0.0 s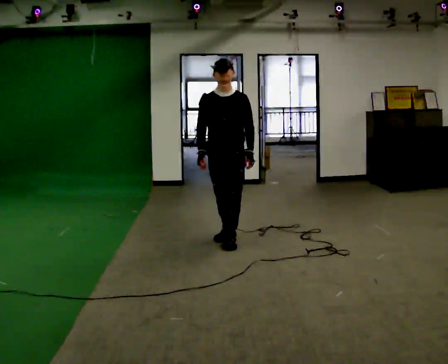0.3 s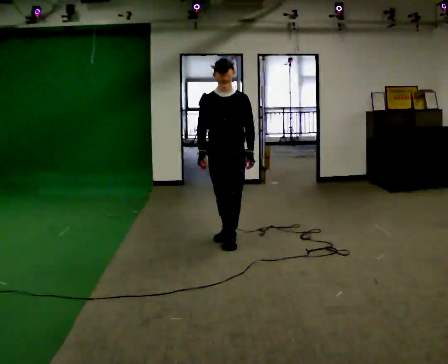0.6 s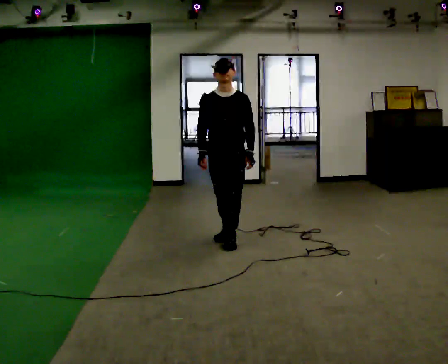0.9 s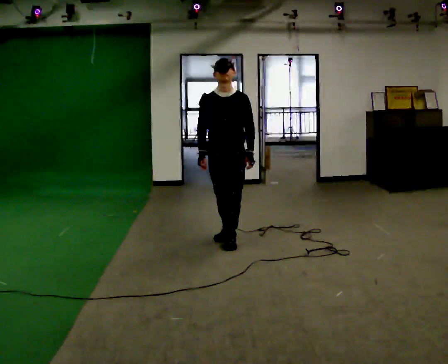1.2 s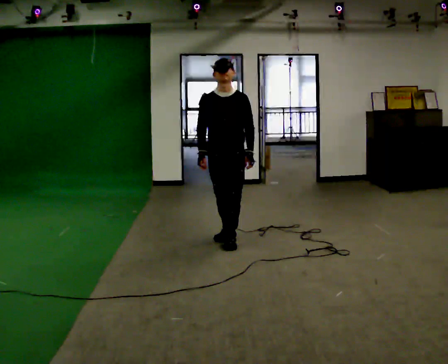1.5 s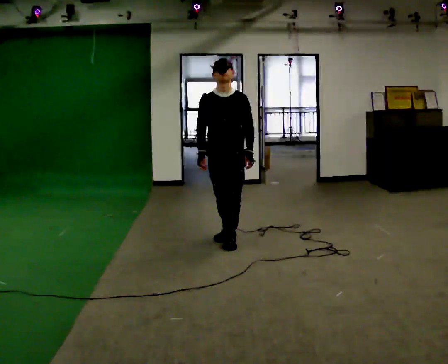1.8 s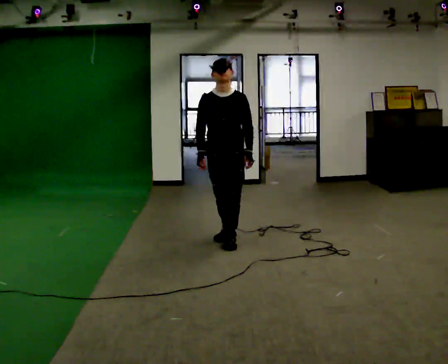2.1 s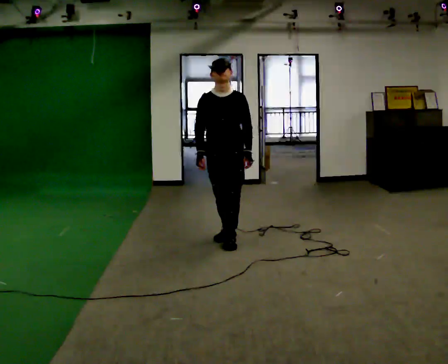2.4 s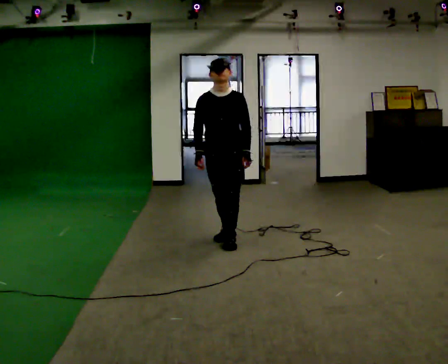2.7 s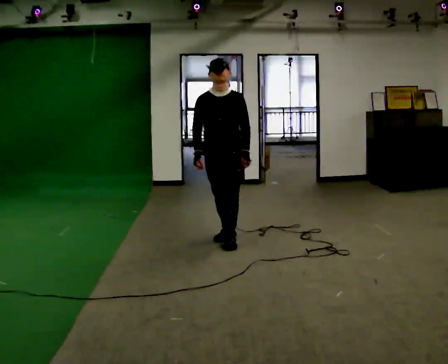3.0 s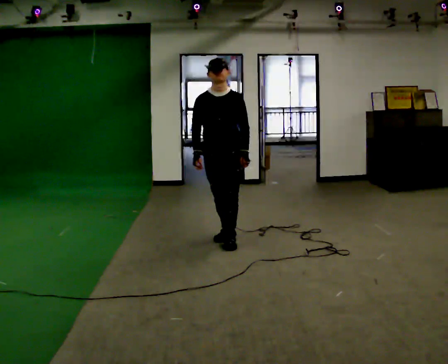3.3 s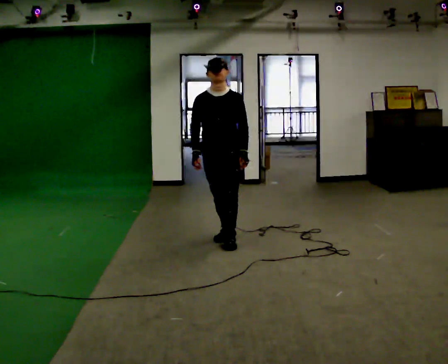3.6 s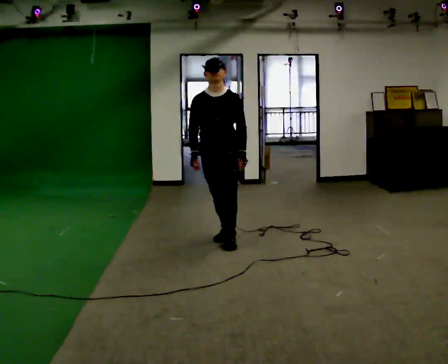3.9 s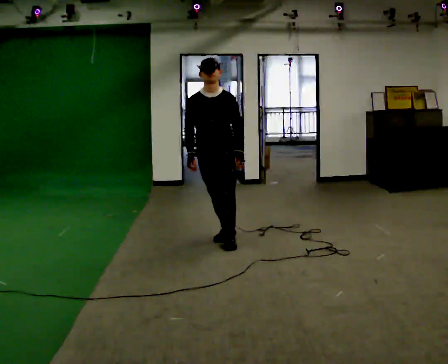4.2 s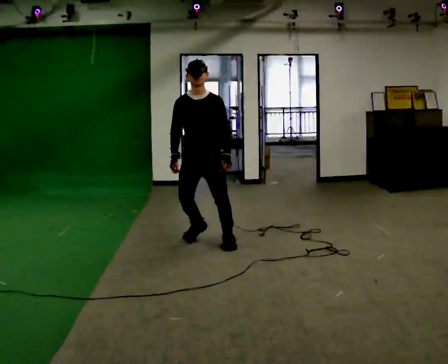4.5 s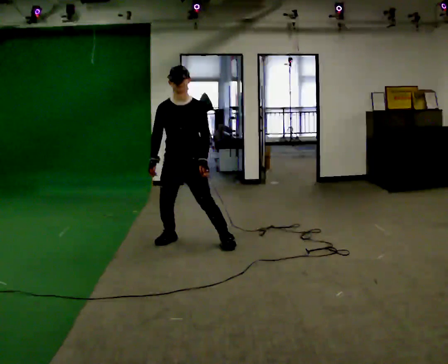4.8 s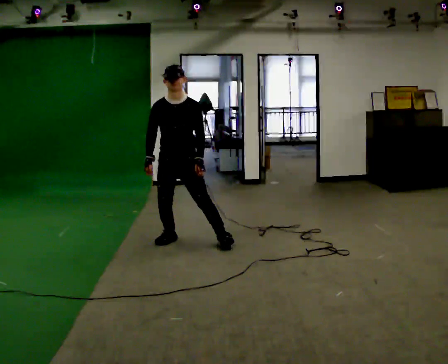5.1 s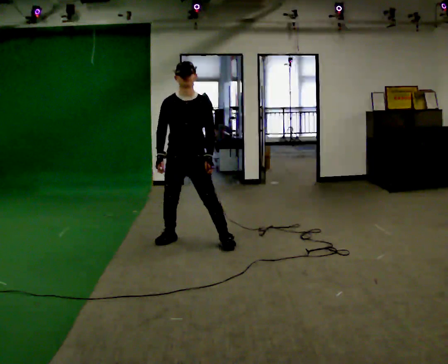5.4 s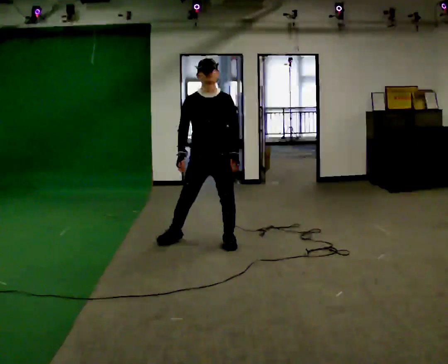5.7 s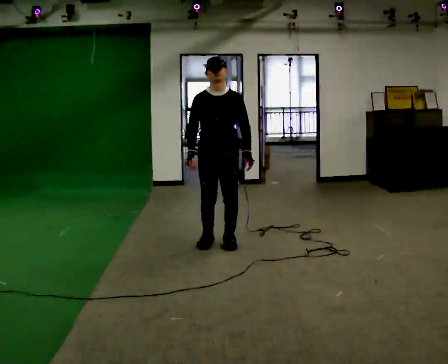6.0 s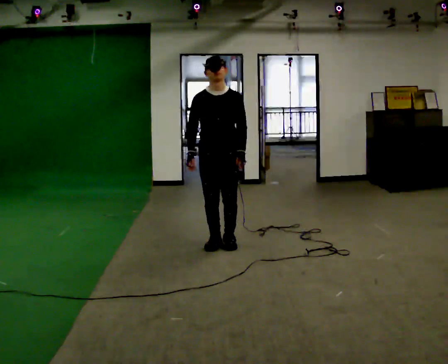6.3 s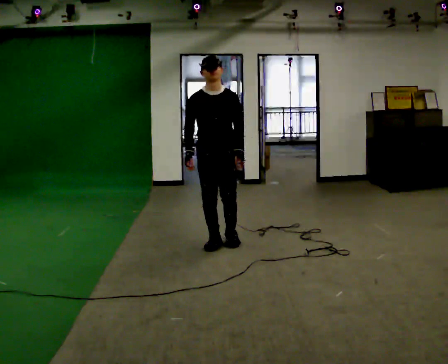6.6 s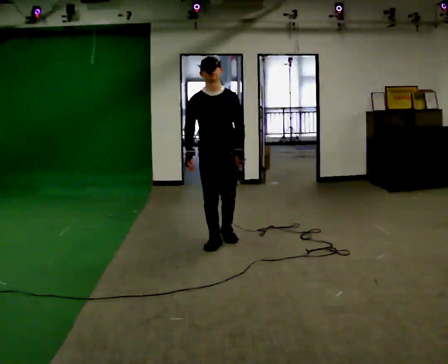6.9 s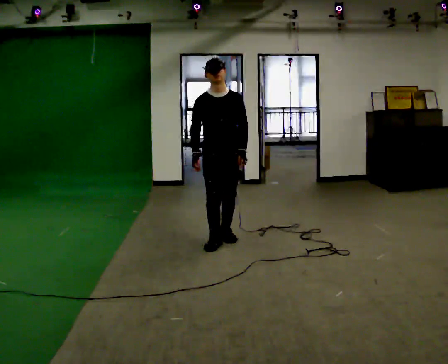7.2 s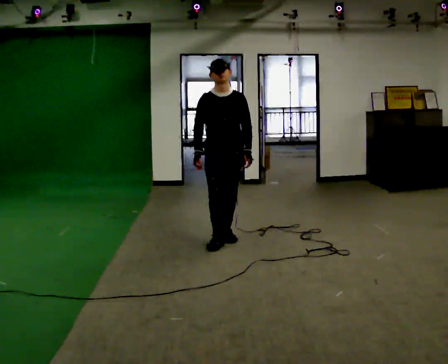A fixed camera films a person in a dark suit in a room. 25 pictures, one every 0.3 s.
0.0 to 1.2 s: The person keeps their place and pose.
1.2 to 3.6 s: The person moves a little, or ends about where they began.
3.6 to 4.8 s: In the picture they go to the left, about 0.25 m in 1 step, which for them is to their right.
4.8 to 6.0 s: In the picture they go to the right, about 0.5 m in 1 step, which for them is to their left.
6.0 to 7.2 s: The person moves a little, or ends about where they began.
The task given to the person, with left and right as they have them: Stand with one foot directly in front of the other, heel to toe, on the marked line. Hold your balance until you lose it, then step out. Repeat at your own pace until the operator says stop. Go slowly and only as far as you are comfortable. Step whenever you need to; do not try to hold on longer than feels safe.
The film runs forward here.
